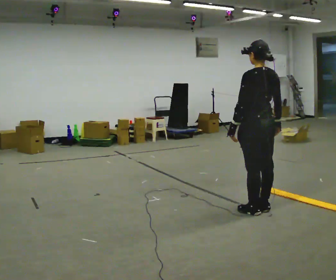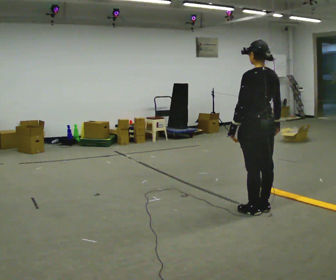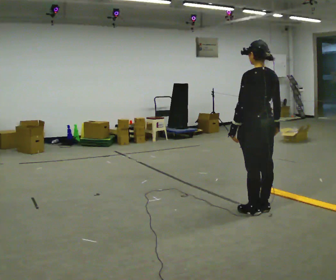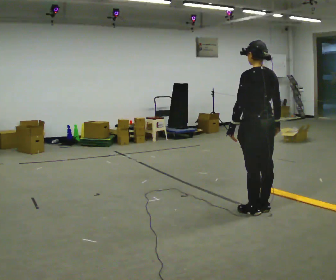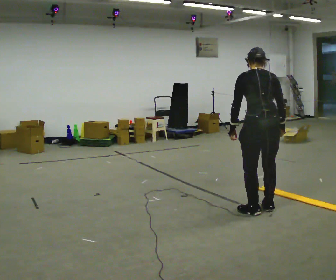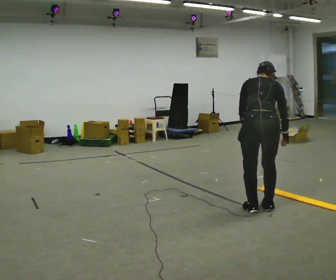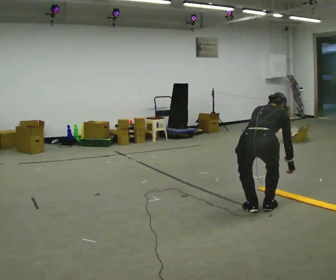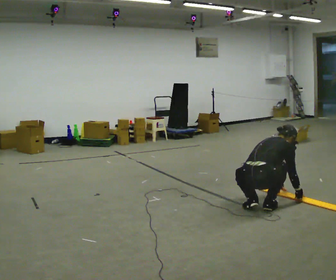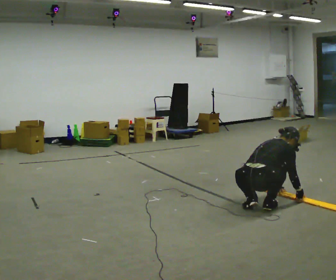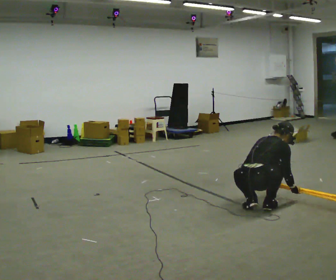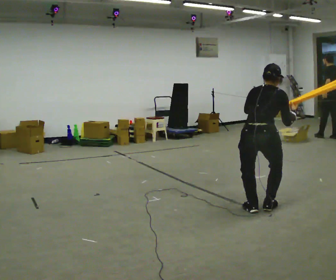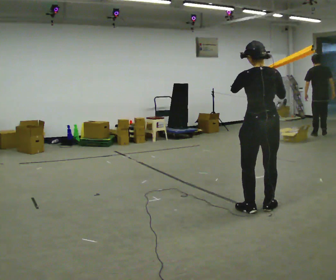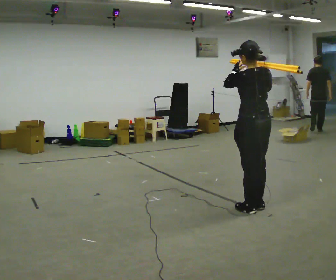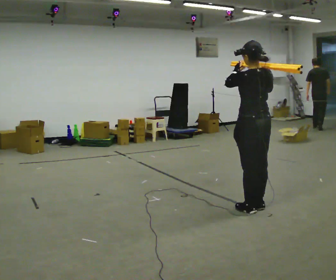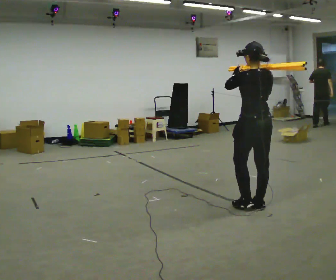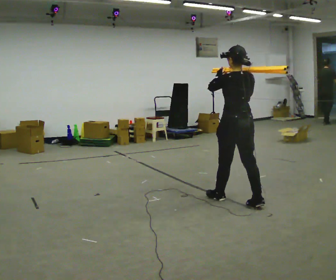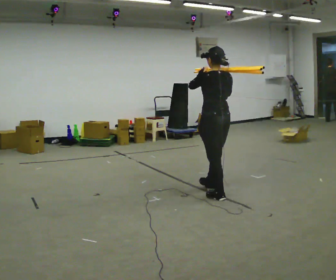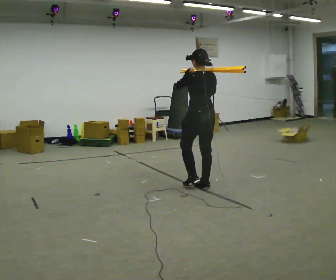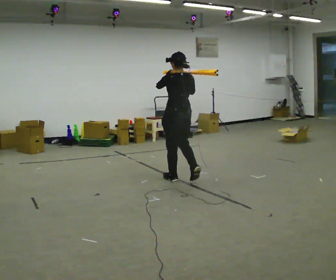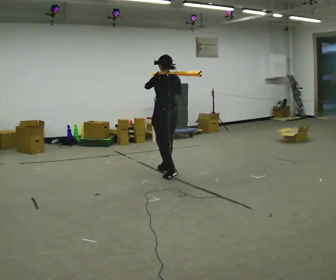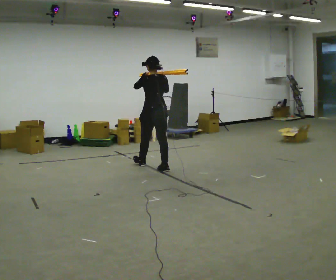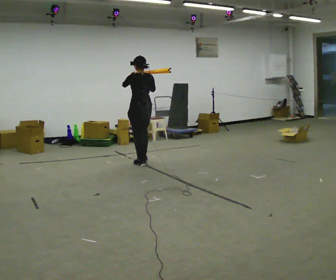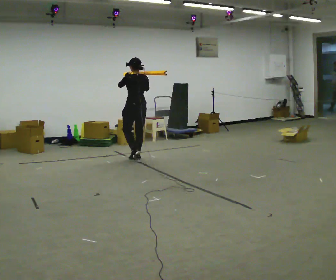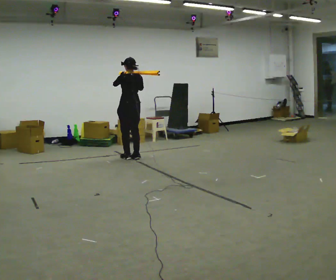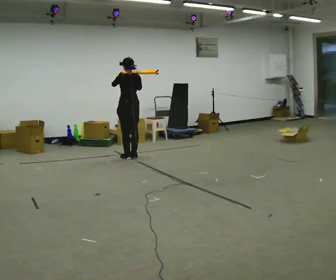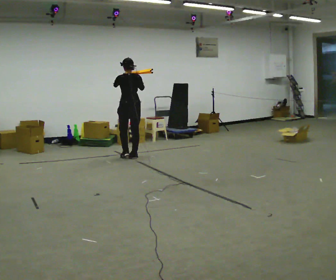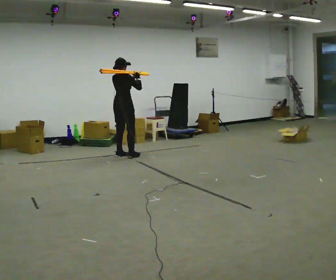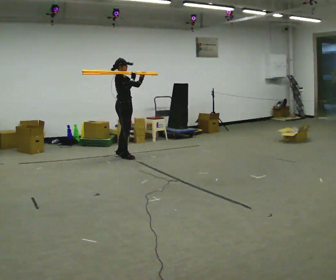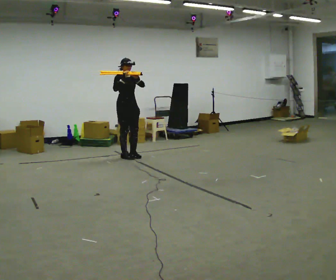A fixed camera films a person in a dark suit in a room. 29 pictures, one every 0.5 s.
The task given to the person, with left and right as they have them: Rest the long object on the shoulder the operator calls and carry it across the room, back and forth.
0.0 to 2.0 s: The upper body tips away from the camera, its near side rolling upward, as they bend forward.
2.0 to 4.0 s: Seen from above the body turns clockwise, about 45 degrees: to their right, with its near side sliding to the left. The upper body goes downward. In the picture the upper body tilts clockwise, shoulders to the right, as they bend forward. In the picture their left hand goes downward and to the right.
4.0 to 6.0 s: The part of the body nearest the lens slides to the right as the person turns to their left by about 60 degrees. The upper body goes upward. The upper body tips toward the camera, its near side rolling downward, as they lean back or straighten. In the picture their right hand goes upward.
6.0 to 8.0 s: In the picture they go away from the camera and to the left, about 0.5 m in 1 step, which for them is forward.
8.0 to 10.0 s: In the picture they go away from the camera and to the left, about 1.5 m in 3 steps, which for them is forward.
10.0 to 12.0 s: In the picture they go away from the camera and to the left, about 1 m in 3 steps, which for them is forward.
12.0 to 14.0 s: The part of the body nearest the lens slides to the left as the person turns to their right by about 180 degrees. In the picture their left hand goes to the right.
The film runs forward here.
